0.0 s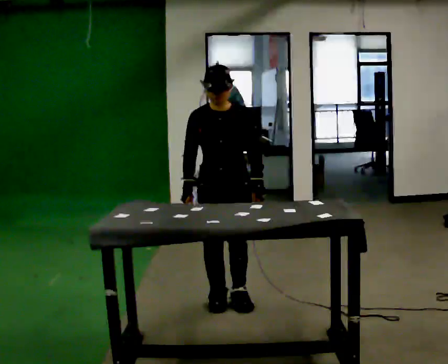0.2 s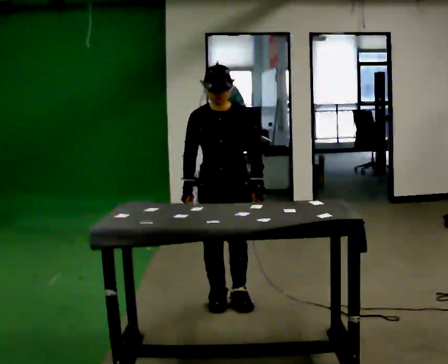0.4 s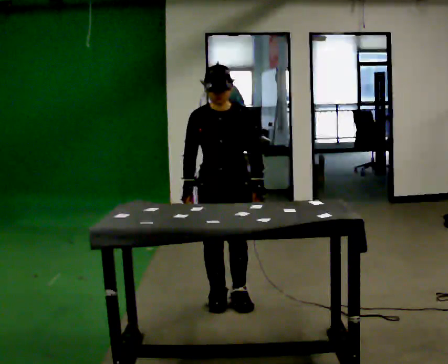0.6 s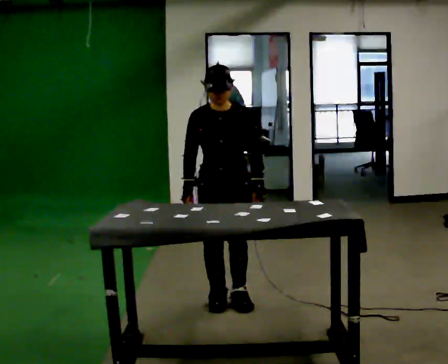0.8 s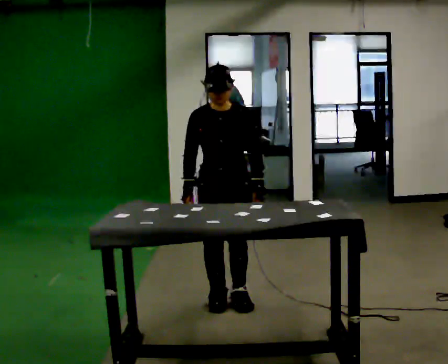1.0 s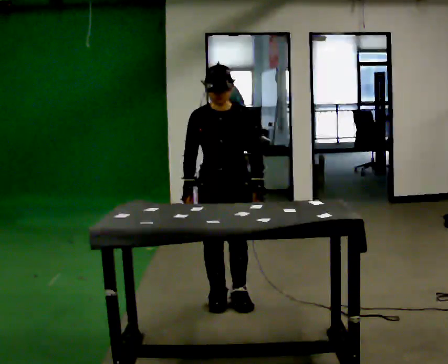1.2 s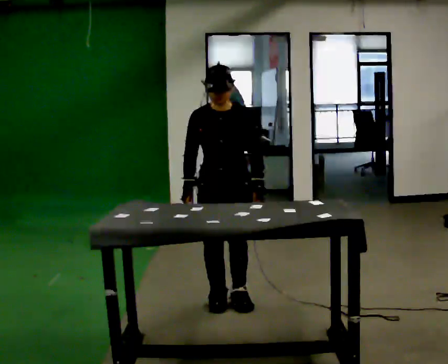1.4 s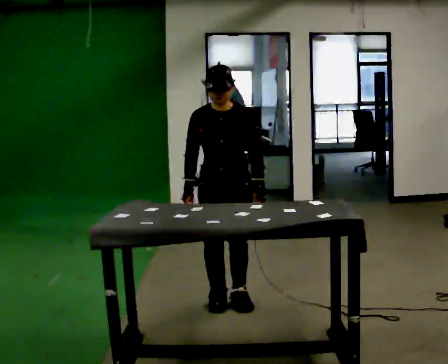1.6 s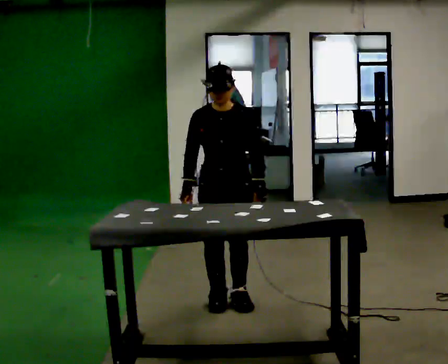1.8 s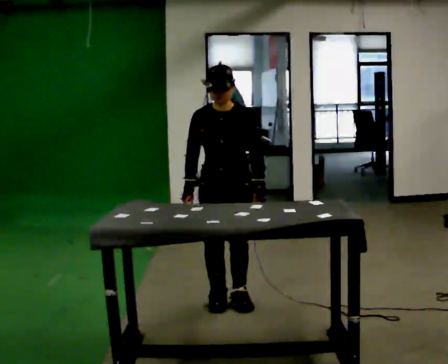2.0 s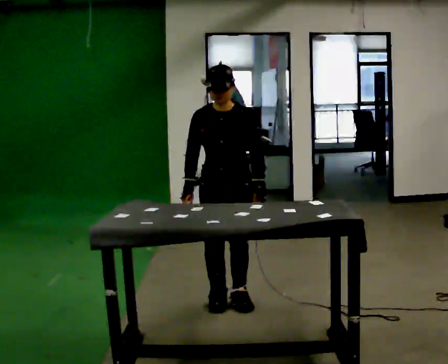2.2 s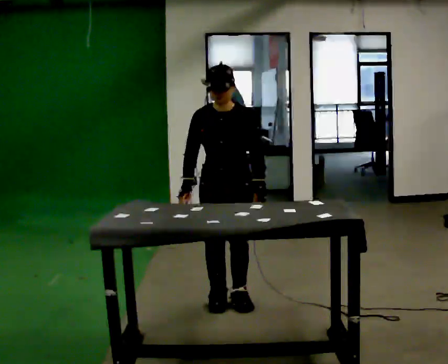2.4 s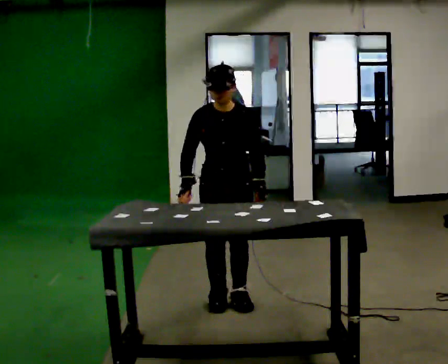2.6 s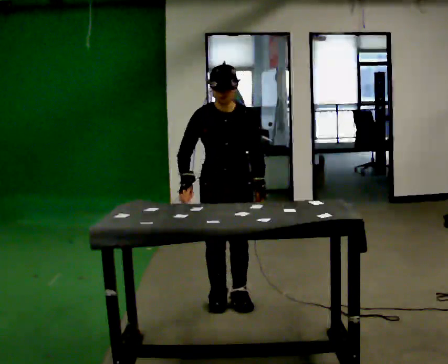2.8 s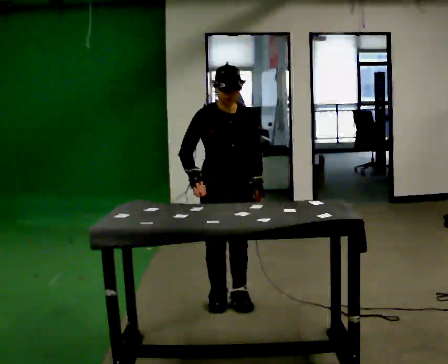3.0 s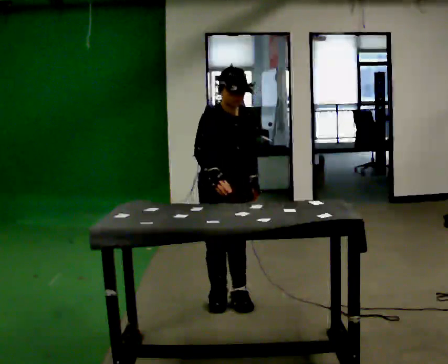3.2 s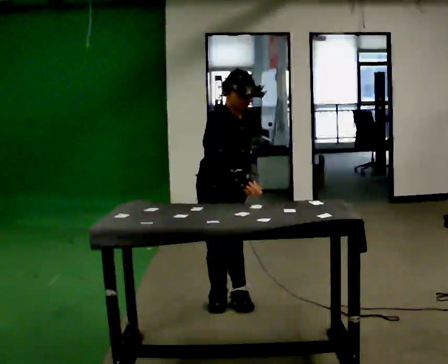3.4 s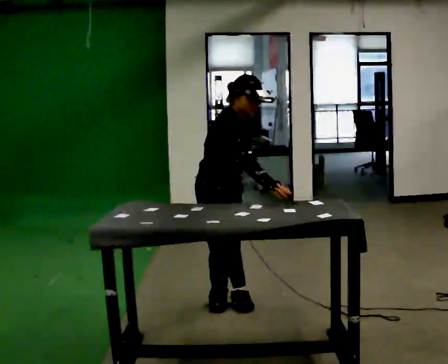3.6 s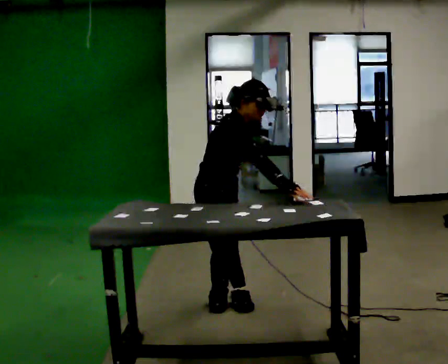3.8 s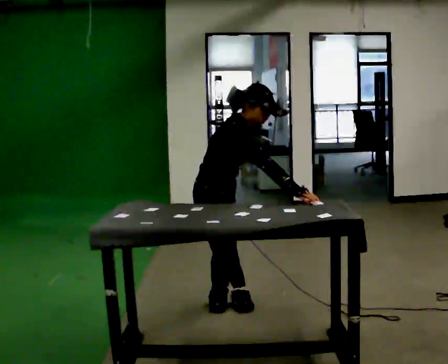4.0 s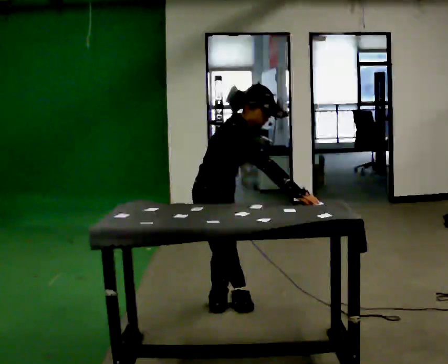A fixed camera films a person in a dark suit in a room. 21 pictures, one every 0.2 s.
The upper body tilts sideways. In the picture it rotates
clockwise.
The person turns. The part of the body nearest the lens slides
to the right.
0.0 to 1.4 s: The person keeps their place and pose.
1.4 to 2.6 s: The person moves a little, or ends about where they began.
2.6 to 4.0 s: Seen from above the body turns counterclockwise, about 75 degrees: to their left, with its near side sliding to the right. In the picture the upper body tilts clockwise, shoulders to the right, as they bend forward. In the picture their right hand goes to the right.
The film runs backward here.
